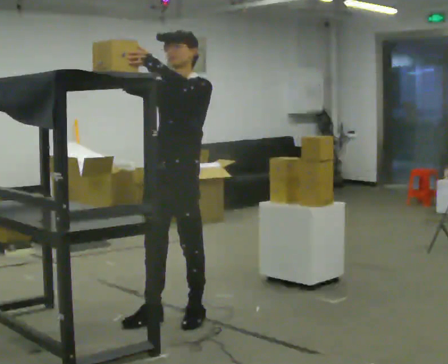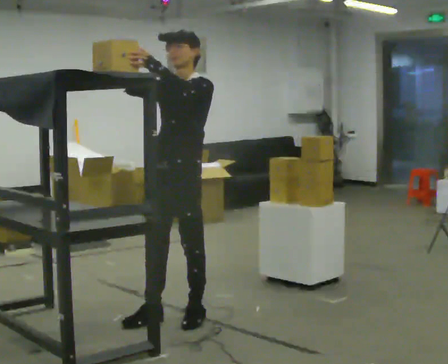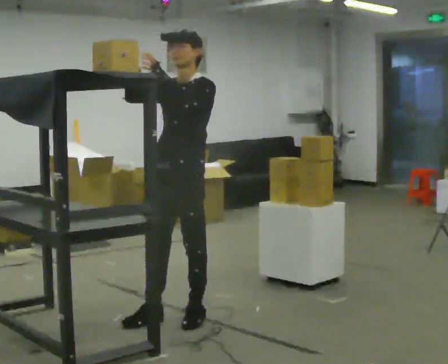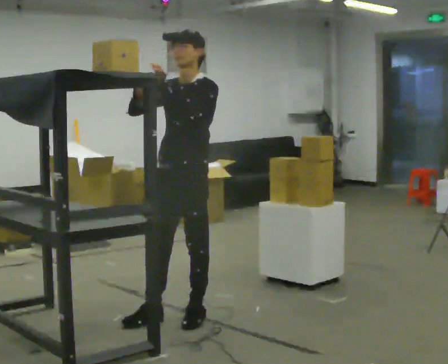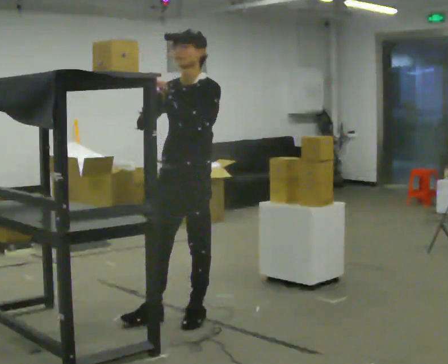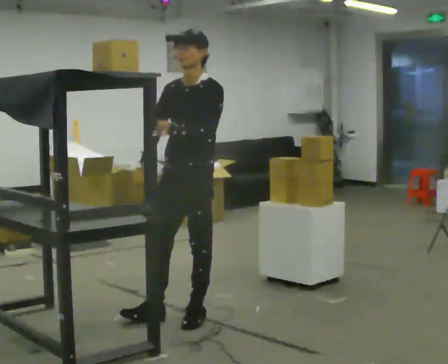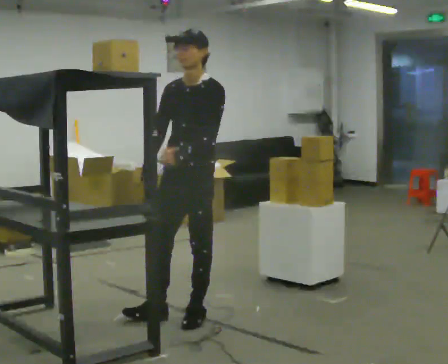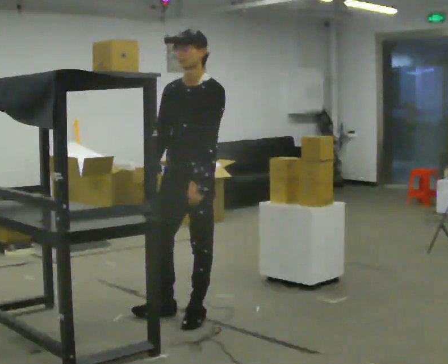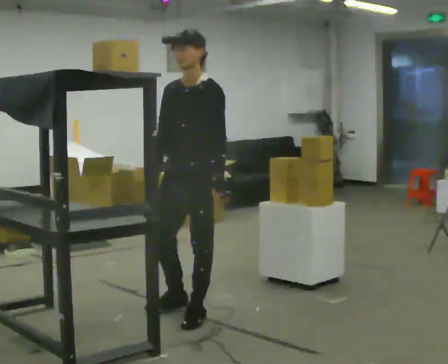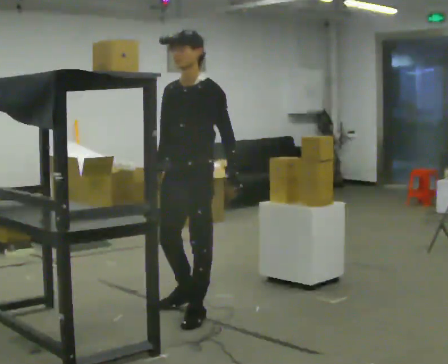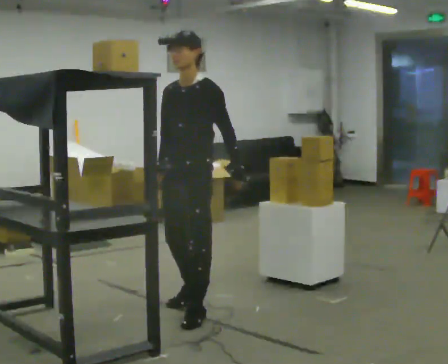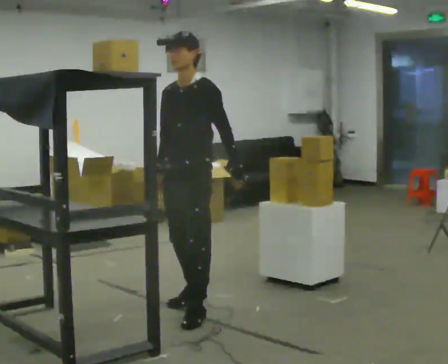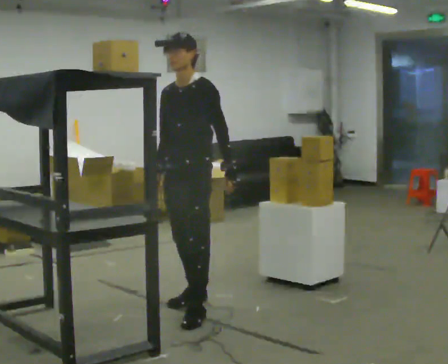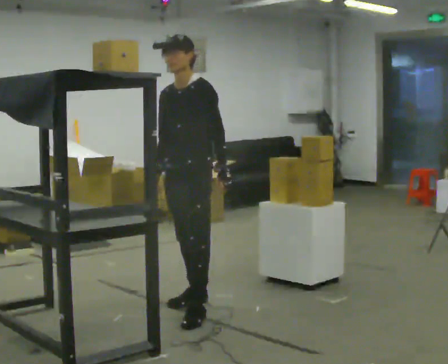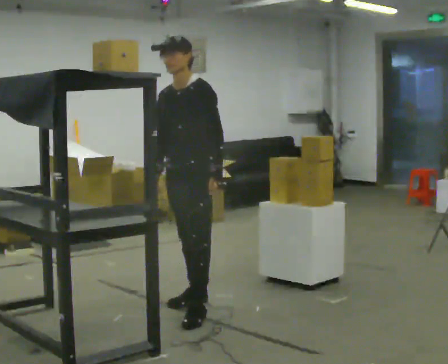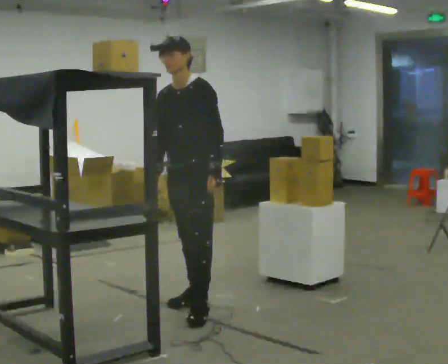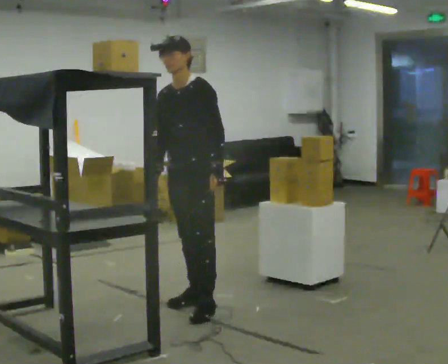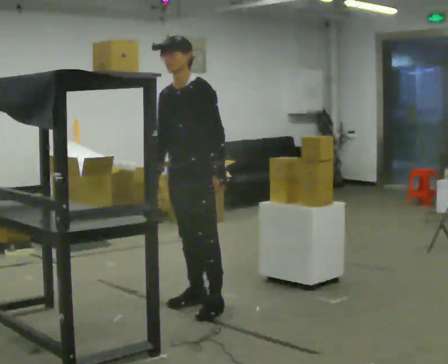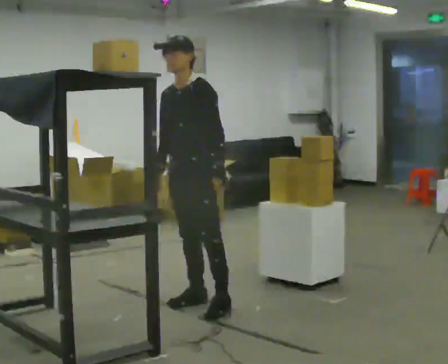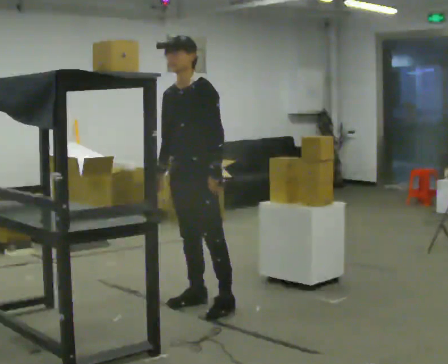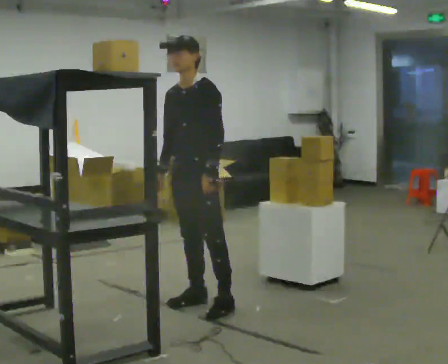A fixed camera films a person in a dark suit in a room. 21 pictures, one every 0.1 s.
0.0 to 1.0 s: In the picture their left hand goes downward and to the right.
1.0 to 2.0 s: In the picture they go away from the camera, about 0.25 m in 1 step, which for them is backward.
The film runs forward here.
